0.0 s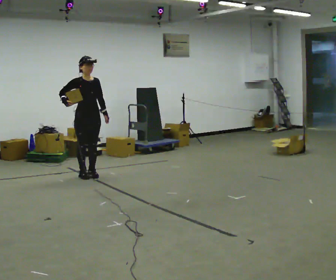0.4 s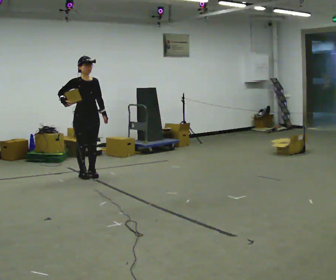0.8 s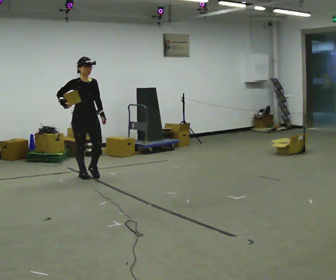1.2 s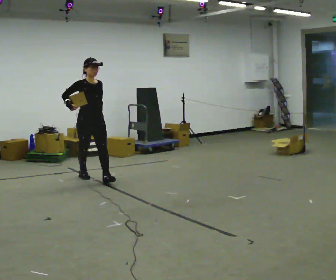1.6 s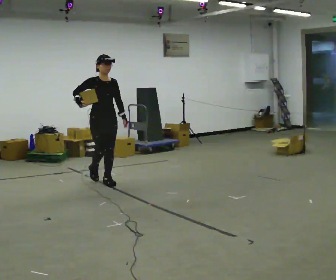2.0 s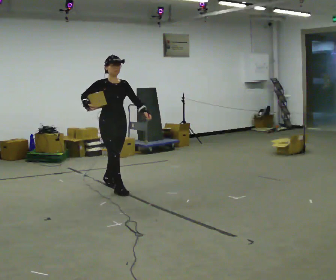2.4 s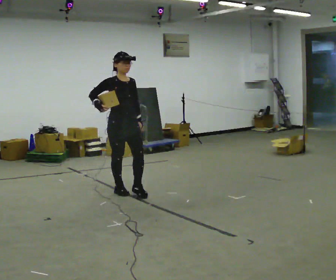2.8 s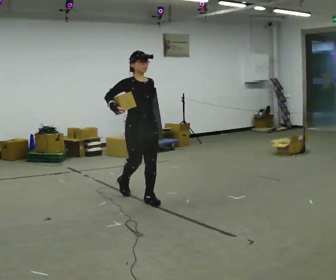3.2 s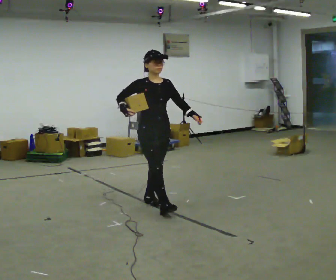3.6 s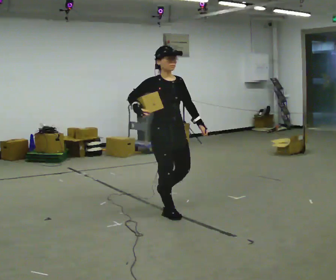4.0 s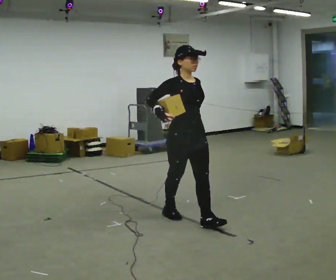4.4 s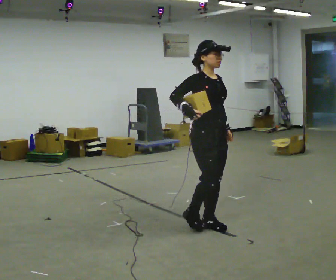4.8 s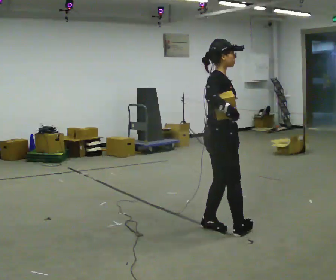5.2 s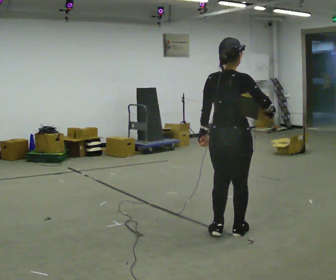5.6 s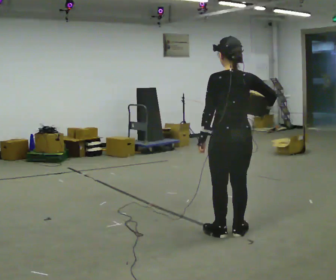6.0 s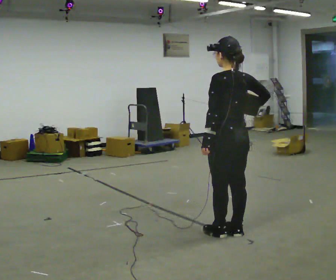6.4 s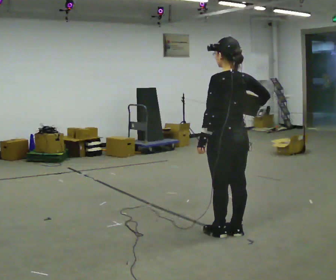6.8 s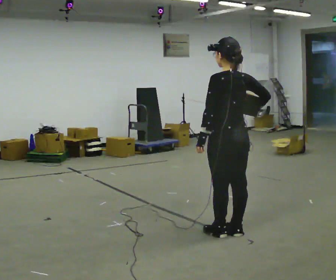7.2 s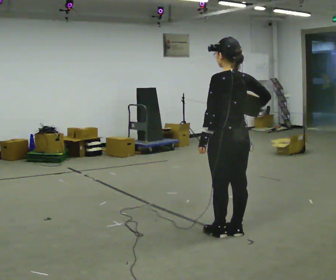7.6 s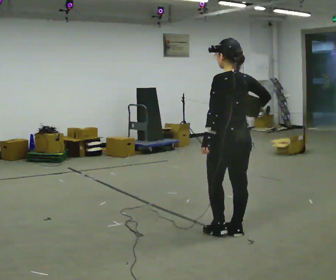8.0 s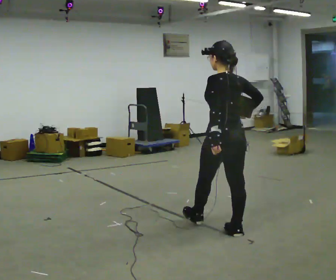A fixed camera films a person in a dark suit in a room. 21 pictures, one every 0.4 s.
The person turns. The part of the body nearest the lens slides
to the right.
The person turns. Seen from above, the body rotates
counterclockwise.
0.0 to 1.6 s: In the picture they go to the right and toward the camera, about 0.5 m in 1 step, which for them is forward.
1.6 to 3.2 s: In the picture they go to the right and toward the camera, about 1 m in 2 steps, which for them is forward.
3.2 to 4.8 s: The person turns about 60 degrees to their left, counterclockwise seen from above, so the part of the body nearest the lens slides to the right. In the picture they go to the right and toward the camera, about 1 m in 3 steps.
4.8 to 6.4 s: The person turns about 120 degrees to their left, counterclockwise seen from above, so the part of the body nearest the lens slides to the right.
6.4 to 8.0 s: The person moves a little, or ends about where they began.
The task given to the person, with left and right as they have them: Hold the object against your hip on the side the operator calls, and carry it back and forth across the room.
The film runs forward here.
